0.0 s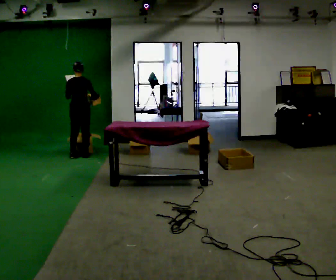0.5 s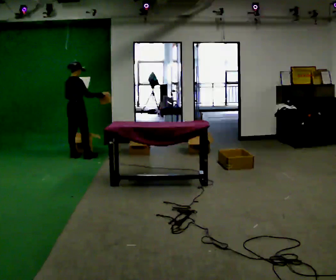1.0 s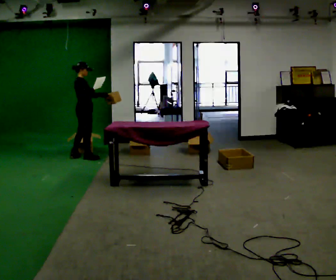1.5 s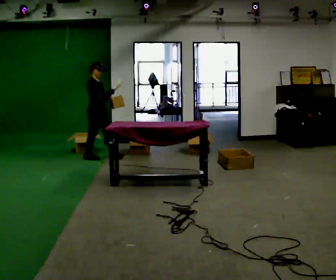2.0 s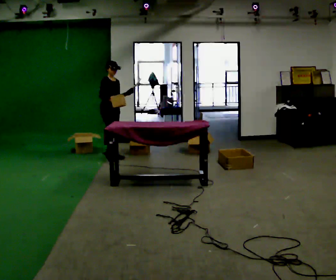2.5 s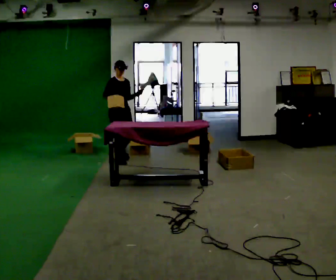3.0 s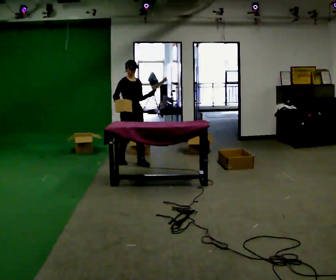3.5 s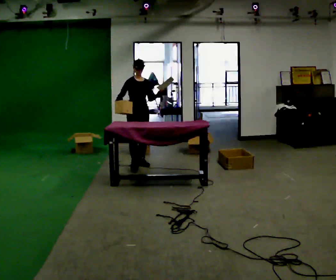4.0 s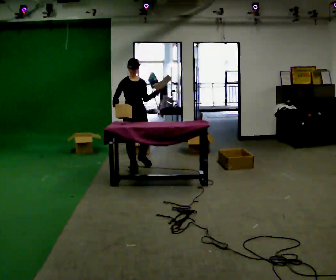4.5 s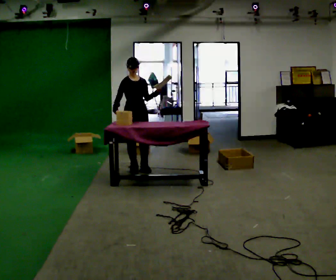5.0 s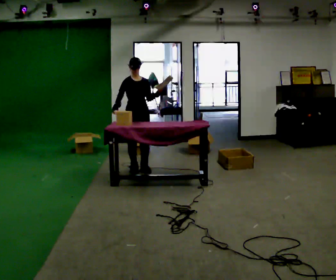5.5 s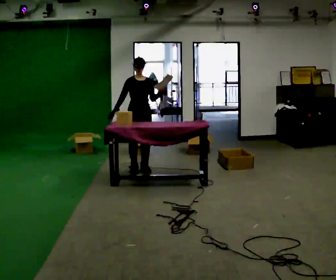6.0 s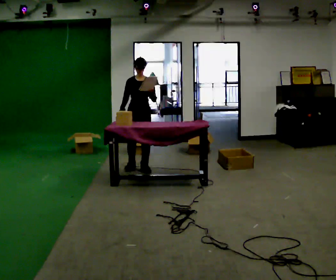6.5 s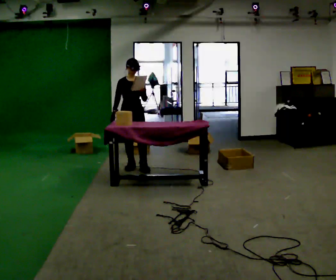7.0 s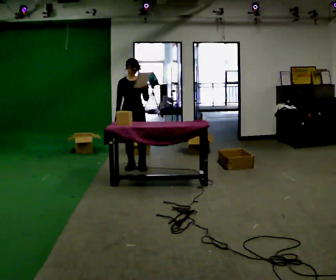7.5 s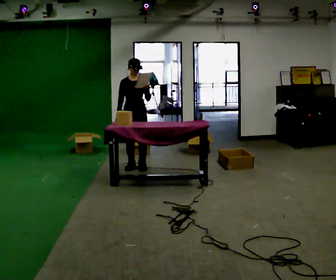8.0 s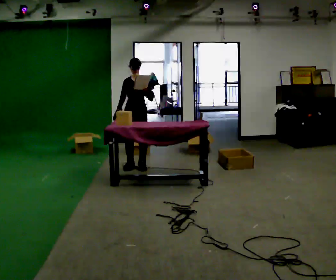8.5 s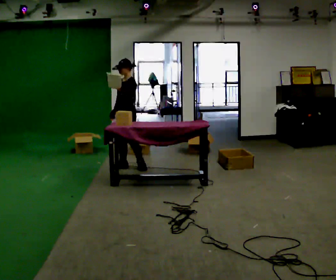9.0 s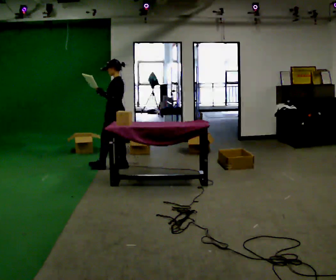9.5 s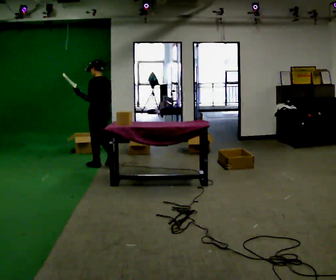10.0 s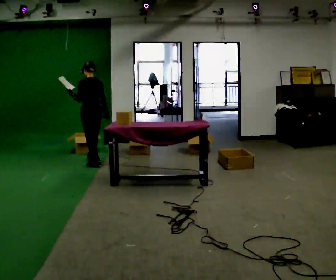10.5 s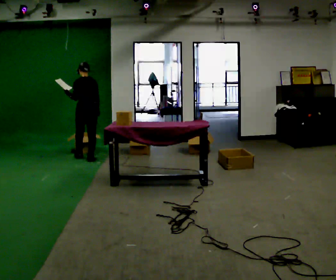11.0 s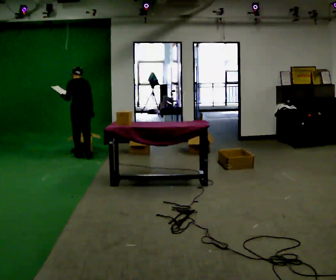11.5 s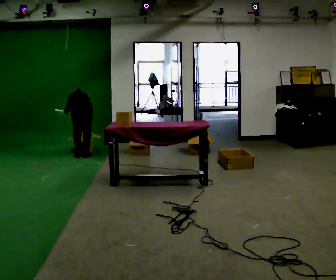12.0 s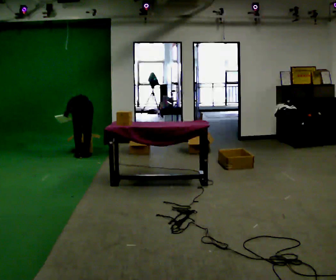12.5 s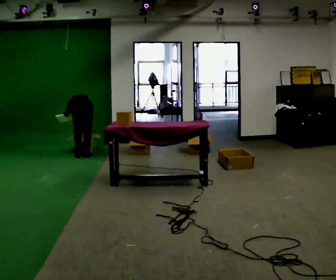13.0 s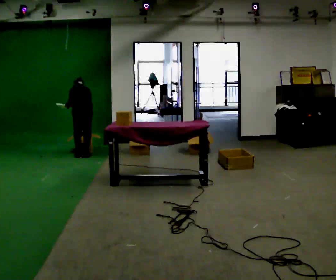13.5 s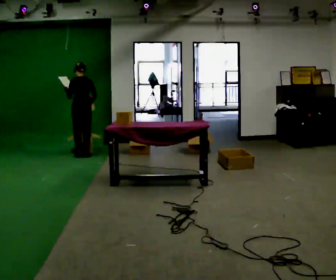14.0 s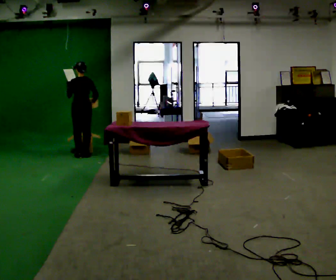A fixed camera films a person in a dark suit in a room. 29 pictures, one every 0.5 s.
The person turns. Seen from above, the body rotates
clockwise.
The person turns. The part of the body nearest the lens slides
to the left.
0.0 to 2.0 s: Seen from above the body turns clockwise, about 120 degrees: to their right, with its near side sliding to the left. In the picture they go to the right, about 0.5 m in 1 step.
2.0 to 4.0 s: The person turns about 30 degrees to their right, clockwise seen from above, so the part of the body nearest the lens slides to the left. In the picture they go toward the camera and to the right, about 1 m in 3 steps, which for them is forward.
4.0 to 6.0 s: The person turns about 30 degrees to their right, clockwise seen from above, so the part of the body nearest the lens slides to the left.
6.0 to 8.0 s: The person moves a little, or ends about where they began.
8.0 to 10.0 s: The part of the body nearest the lens slides to the left as the person turns to their right by about 135 degrees. In the picture they go to the left, about 0.5 m in 2 steps.
10.0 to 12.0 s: In the picture they go away from the camera and to the left, about 0.5 m in 2 steps, which for them is forward. The shoulders move downward. The upper body tips away from the camera, its near side rolling upward, as they bend forward.
12.0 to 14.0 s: The shoulders move upward. The upper body tips toward the camera, its near side rolling downward, as they lean back or straighten.
The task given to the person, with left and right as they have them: 1. Read the parts list. 2. Collect each part from the bins around the room. 3. Lay them out on the table in the order on the list. 4. Put them all in the carry case. 5. Tell the operator when you are finished.
The film runs forward here.
